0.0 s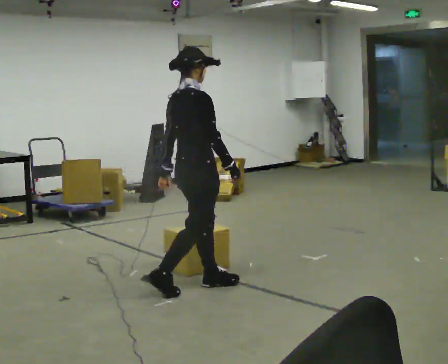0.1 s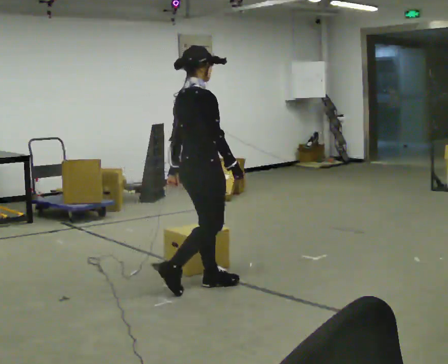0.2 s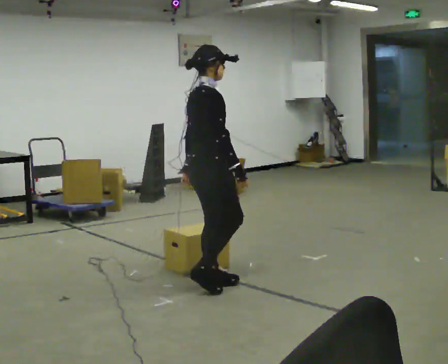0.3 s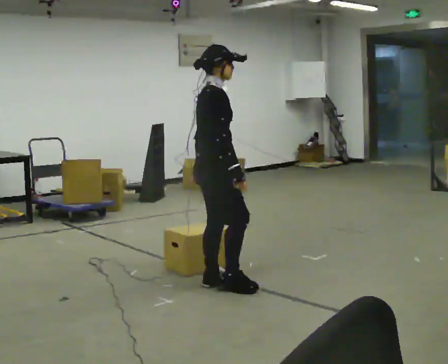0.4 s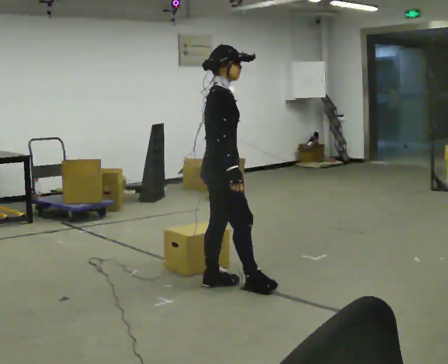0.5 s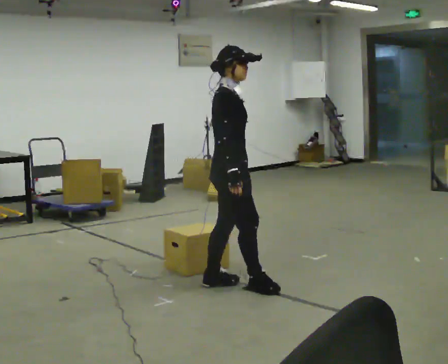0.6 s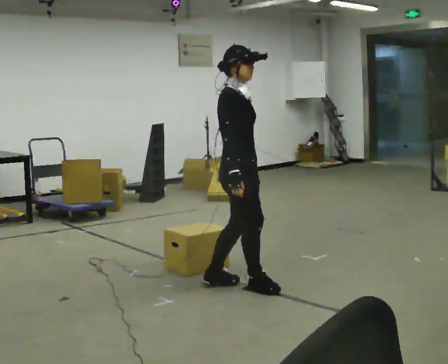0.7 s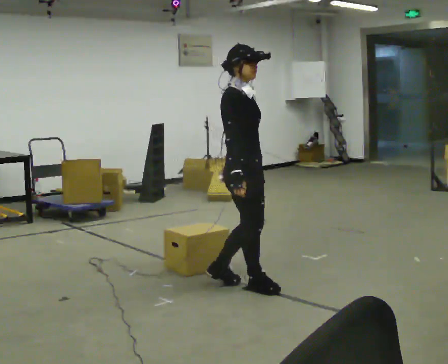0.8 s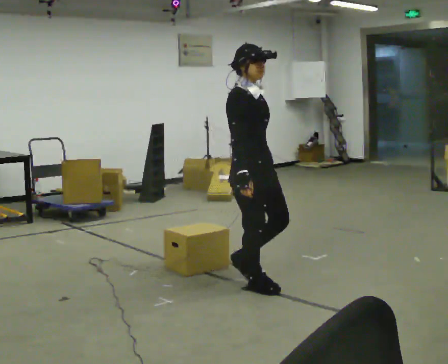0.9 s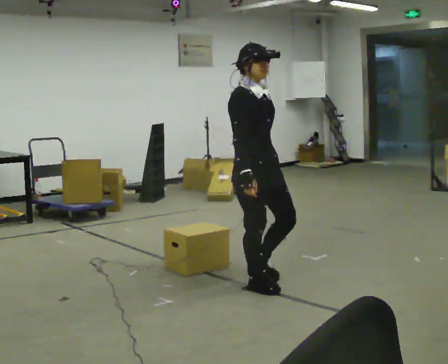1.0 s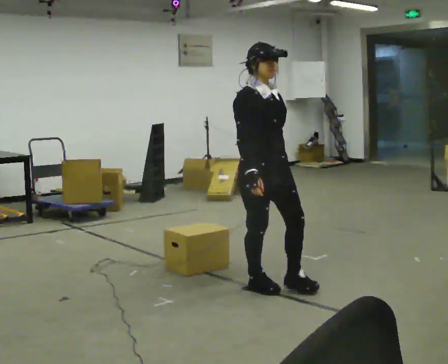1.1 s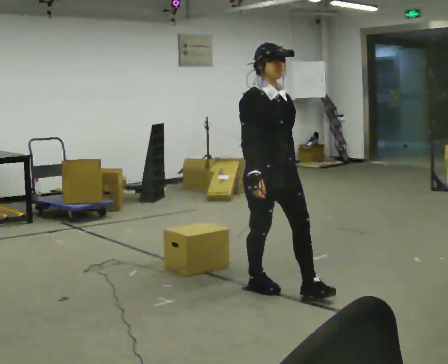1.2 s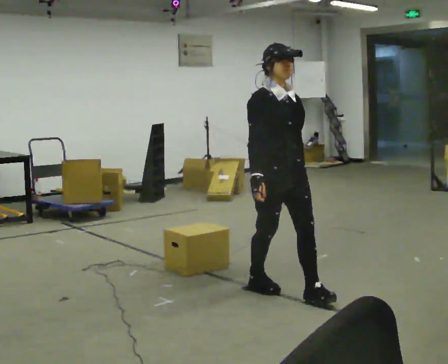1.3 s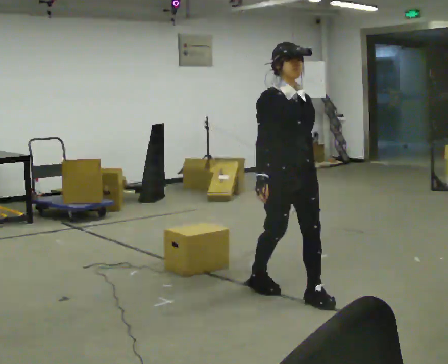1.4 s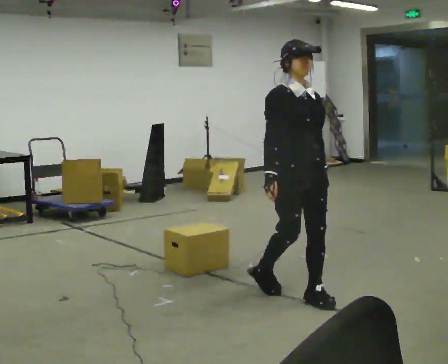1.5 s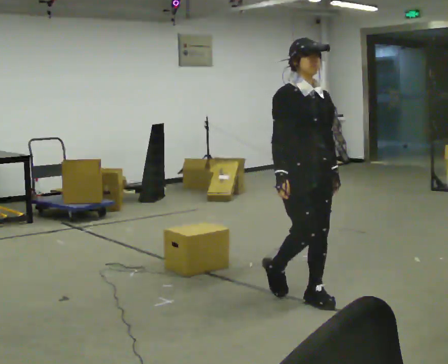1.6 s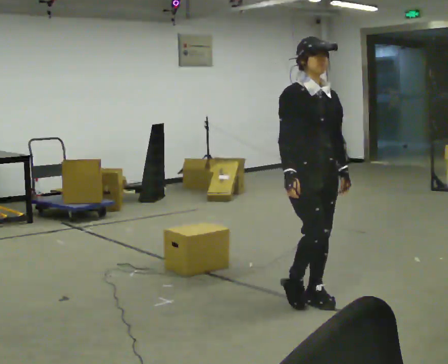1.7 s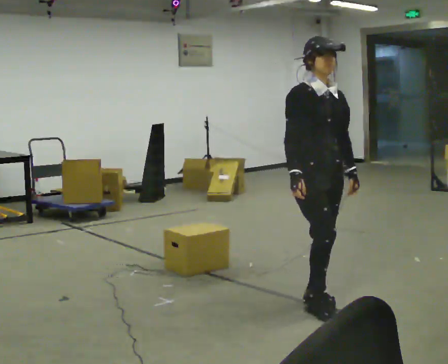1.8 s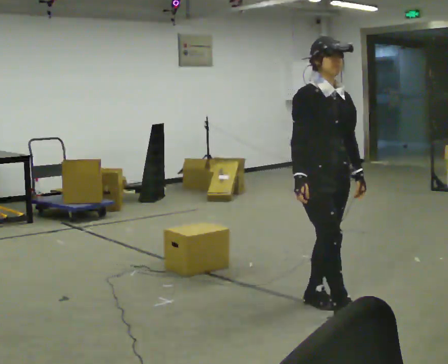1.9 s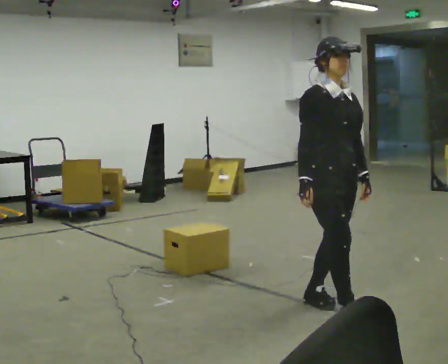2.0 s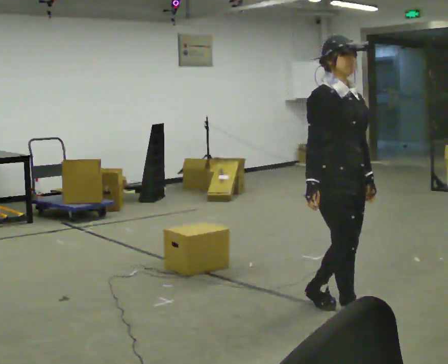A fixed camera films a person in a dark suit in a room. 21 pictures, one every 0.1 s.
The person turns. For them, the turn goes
to their right.
The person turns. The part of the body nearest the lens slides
to the left.
0.0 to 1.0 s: The person turns about 75 degrees to their right, clockwise seen from above, so the part of the body nearest the lens slides to the left. In the picture they go to the right, about 0.5 m in 1 step.
1.0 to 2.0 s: In the picture they go toward the camera and to the right, about 0.5 m in 2 steps, which for them is forward.
The film runs forward here.
